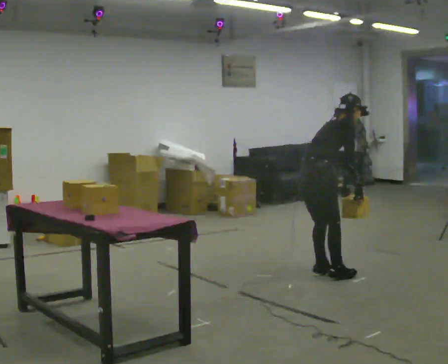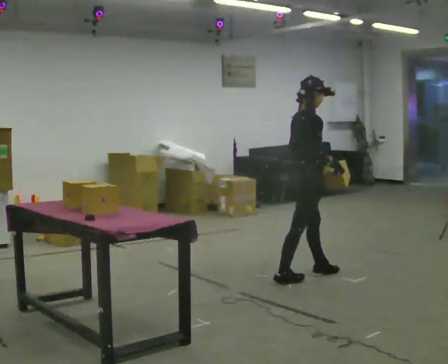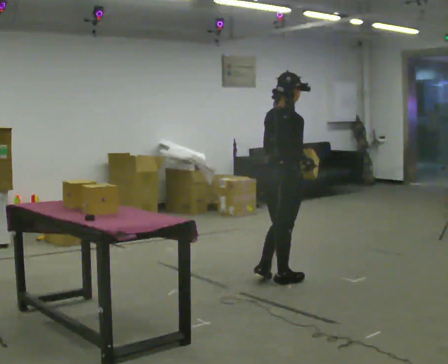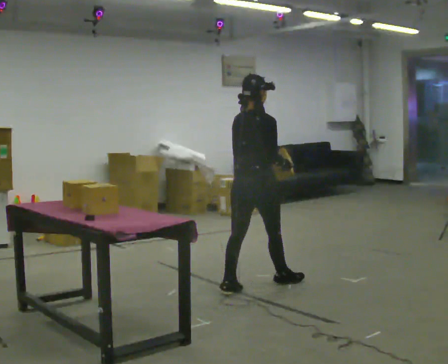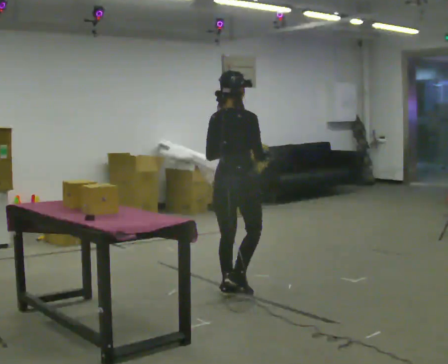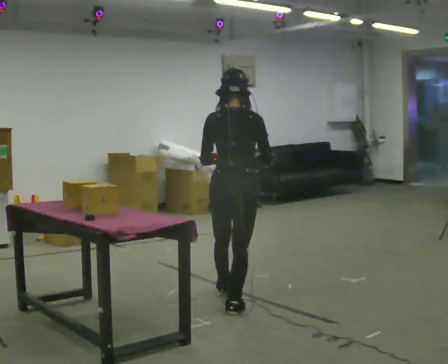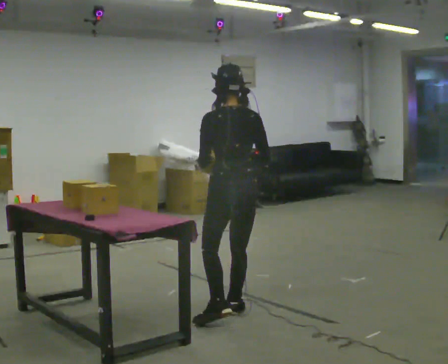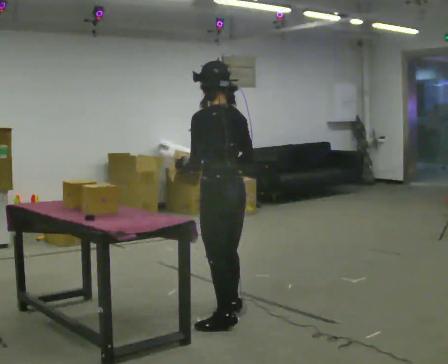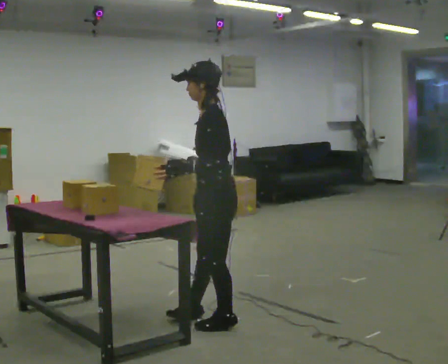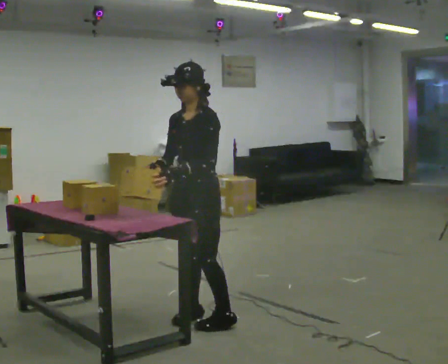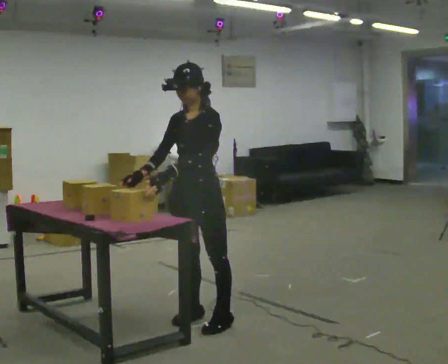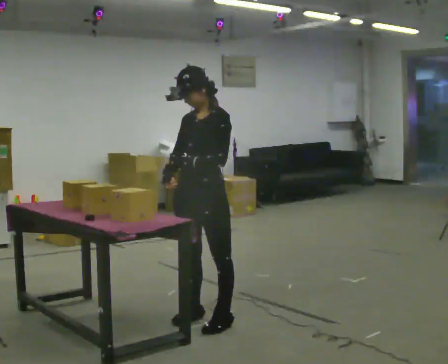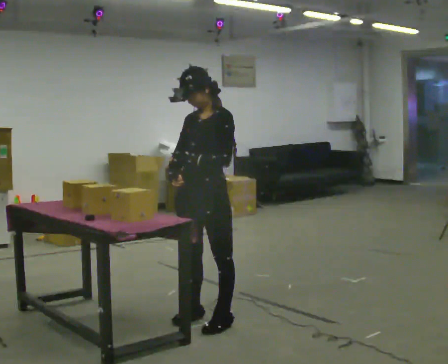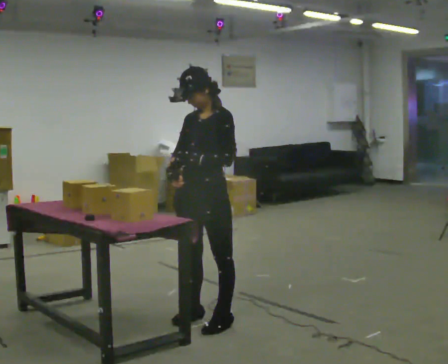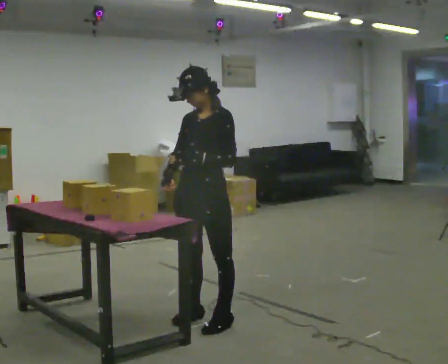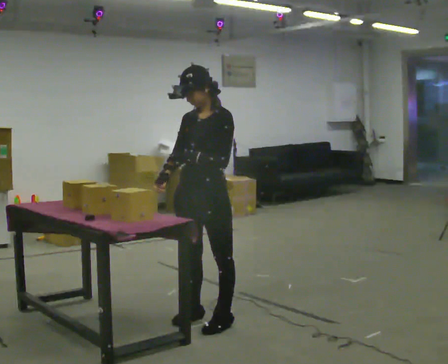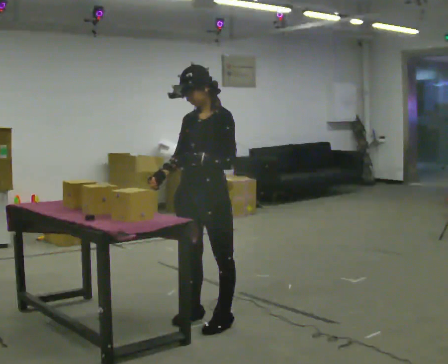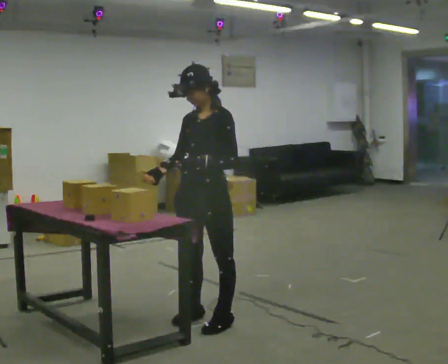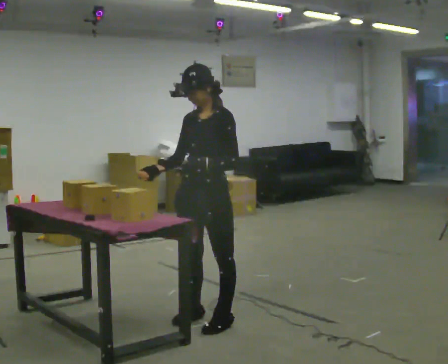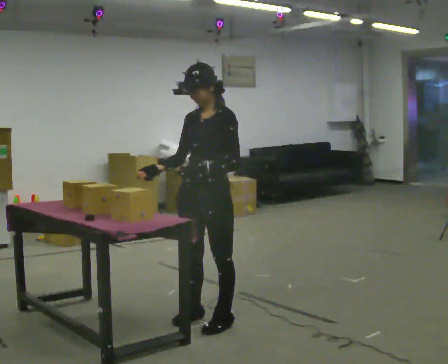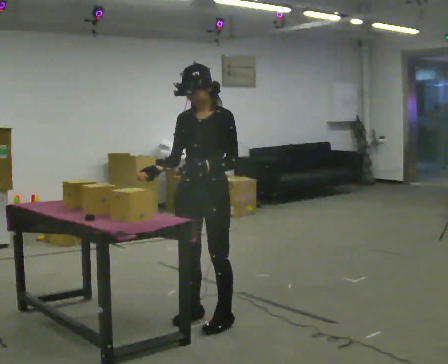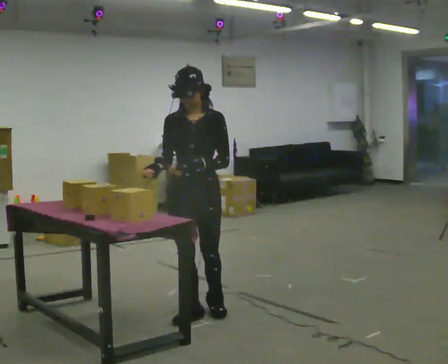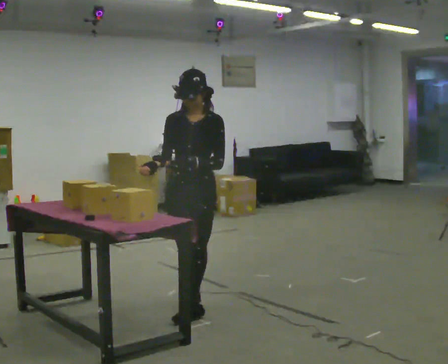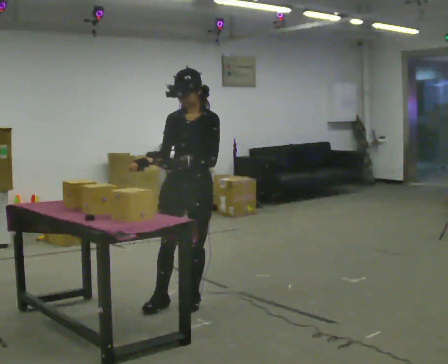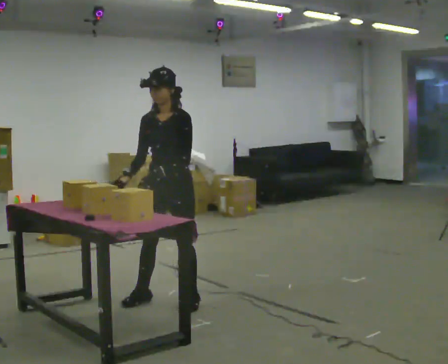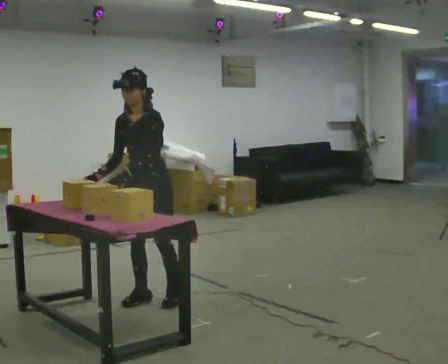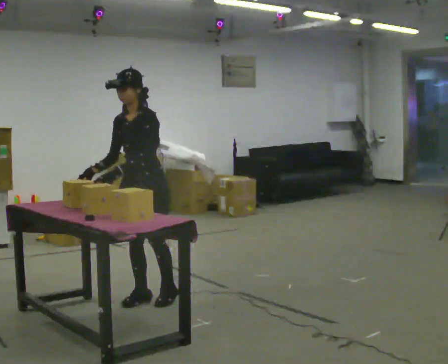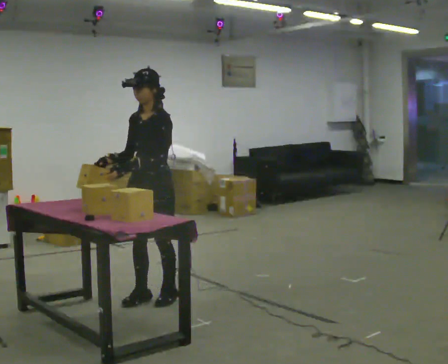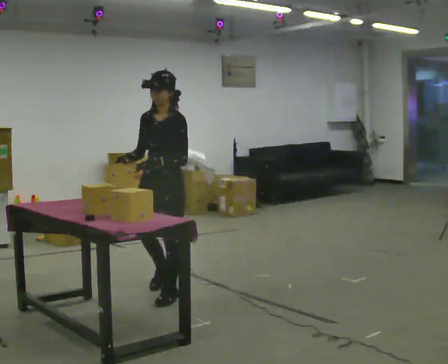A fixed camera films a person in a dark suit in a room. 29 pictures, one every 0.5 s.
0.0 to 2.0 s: The part of the body nearest the lens slides to the right as the person turns to their left by about 30 degrees. In the picture they go to the left and toward the camera, about 1 m in 2 steps, which for them is backward. In the picture the upper body tilts counterclockwise, shoulders to the left, as they lean back or straighten. In the picture their left hand goes upward.
2.0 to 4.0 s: The person turns about 135 degrees to their left, counterclockwise seen from above, so the part of the body nearest the lens slides to the right. In the picture they go toward the camera, about 0.5 m in 2 steps.
4.0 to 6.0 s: The person turns about 45 degrees to their left, counterclockwise seen from above, so the part of the body nearest the lens slides to the right.
6.0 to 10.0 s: The person moves a little, or ends about where they began.
10.0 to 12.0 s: In the picture they go away from the camera and to the left, about 0.5 m in 2 steps, which for them is backward and to their right.
12.0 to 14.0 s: In the picture they go away from the camera, about 0.25 m in 2 steps, which for them is to their right.
The film runs backward here.
